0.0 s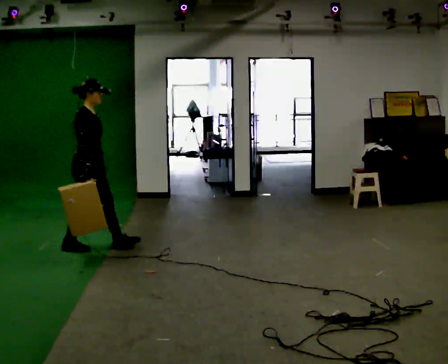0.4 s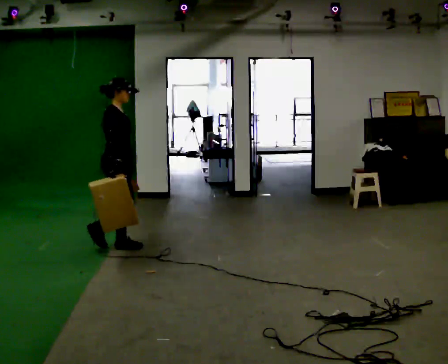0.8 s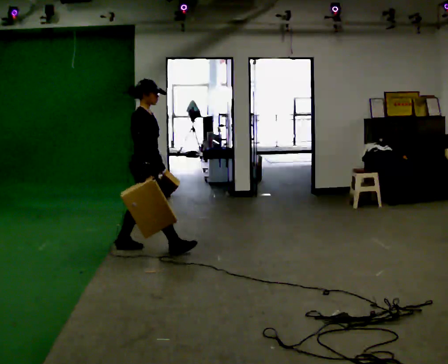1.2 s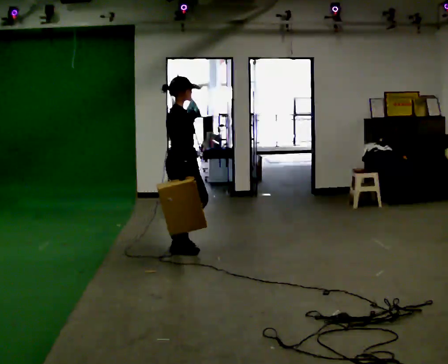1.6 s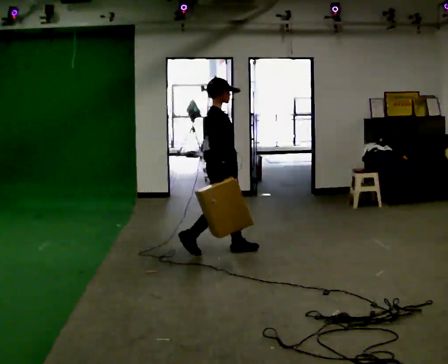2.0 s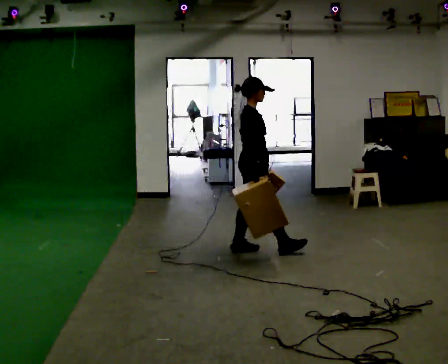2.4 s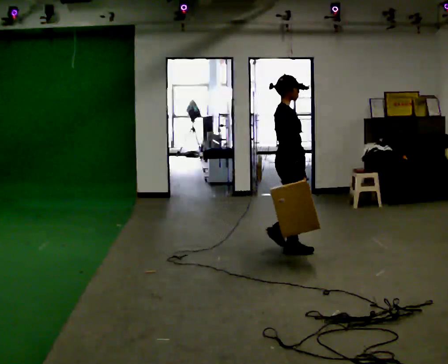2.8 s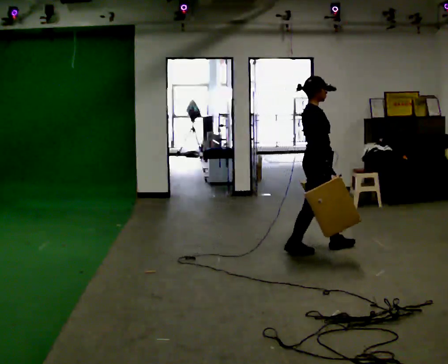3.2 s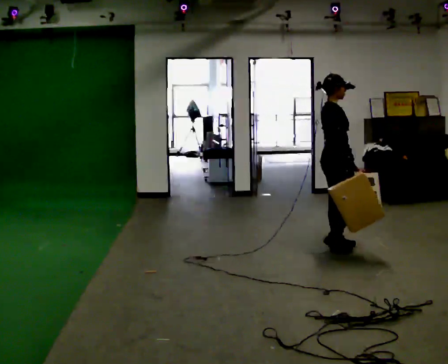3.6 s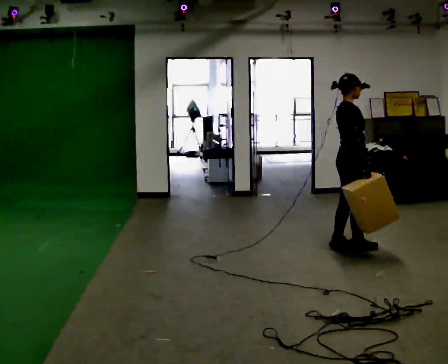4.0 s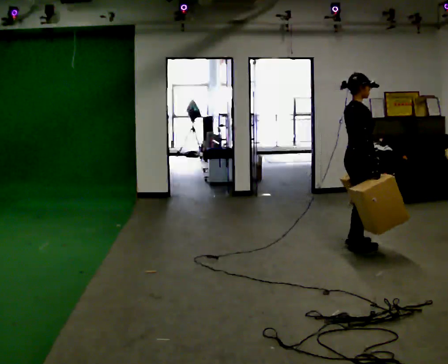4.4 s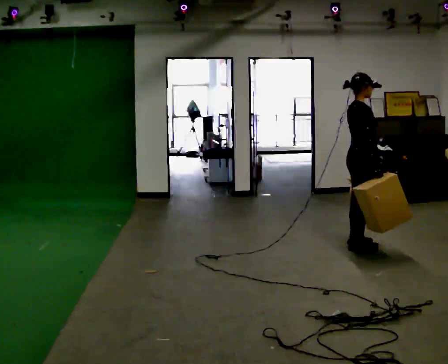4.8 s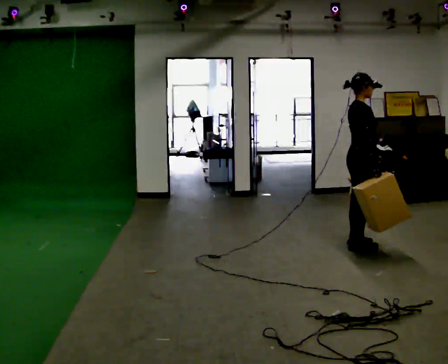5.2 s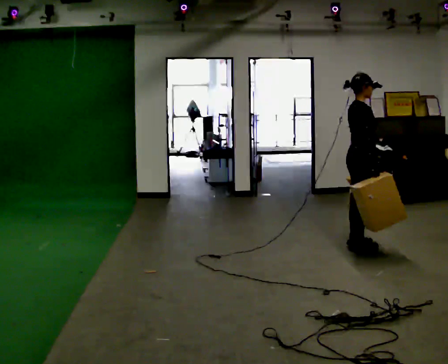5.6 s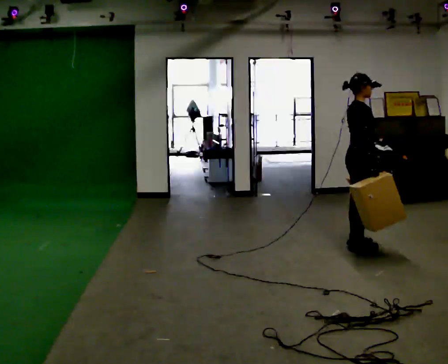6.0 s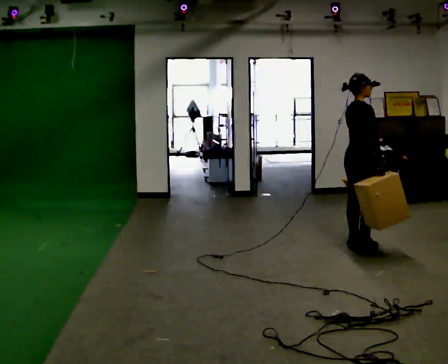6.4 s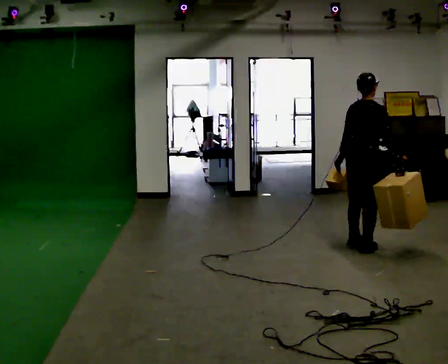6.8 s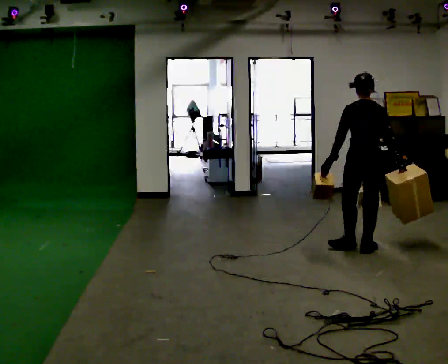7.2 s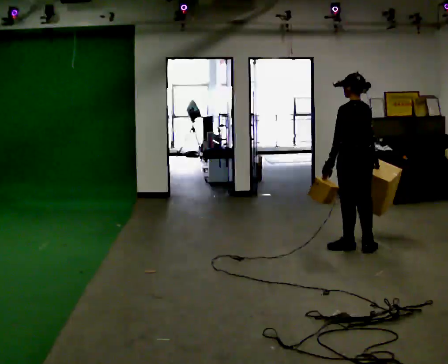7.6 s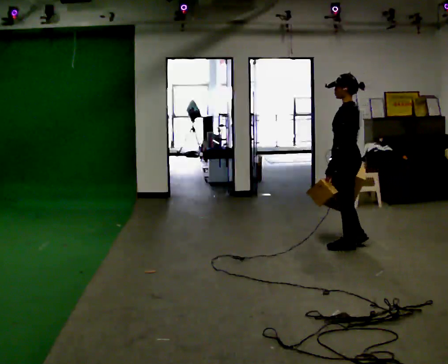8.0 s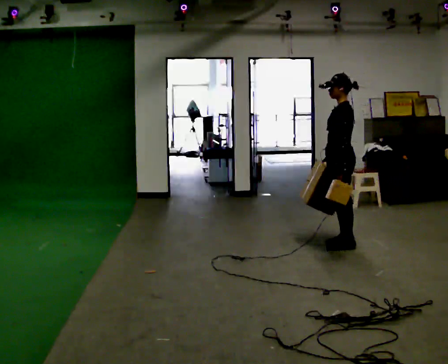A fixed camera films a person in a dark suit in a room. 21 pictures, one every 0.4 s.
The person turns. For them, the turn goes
to their left.
The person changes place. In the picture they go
to the right.
0.0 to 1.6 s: In the picture they go to the right and away from the camera, about 1 m in 3 steps, which for them is forward.
1.6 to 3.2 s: In the picture they go to the right, about 1 m in 2 steps, which for them is forward.
3.2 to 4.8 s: In the picture they go to the right, about 0.25 m in 2 steps, which for them is forward.
4.8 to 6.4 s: The part of the body nearest the lens slides to the right as the person turns to their left by about 45 degrees.
6.4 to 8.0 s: The part of the body nearest the lens slides to the right as the person turns to their left by about 120 degrees. In the picture they go to the left, about 0.25 m in 1 step. In the picture their right hand goes to the left, the arm swinging clockwise.
The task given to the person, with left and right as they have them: Carry one object in each hand, the heavy one in the hand the operator calls, walking back and forth across the room.
The film runs forward here.
